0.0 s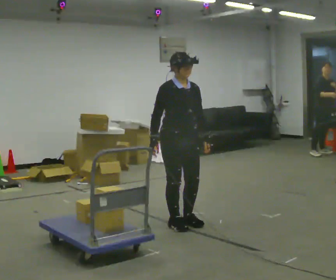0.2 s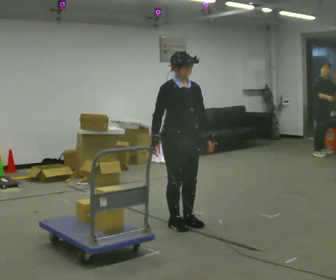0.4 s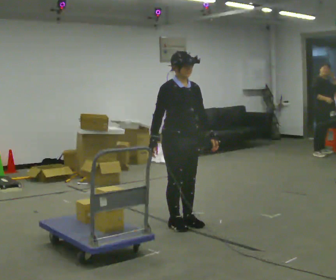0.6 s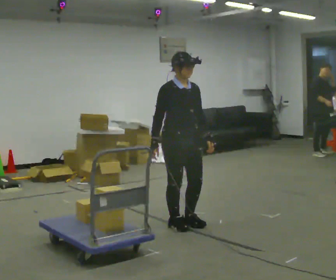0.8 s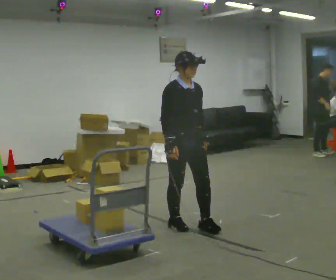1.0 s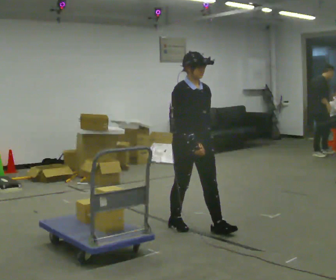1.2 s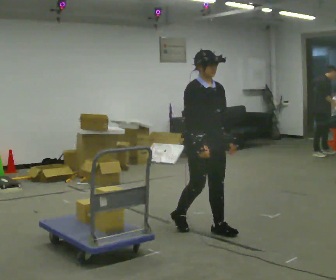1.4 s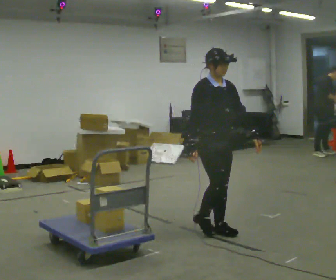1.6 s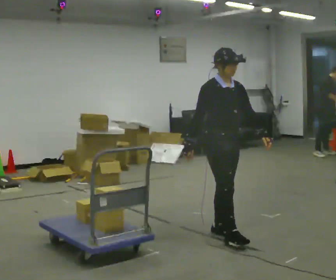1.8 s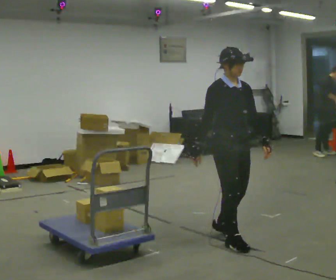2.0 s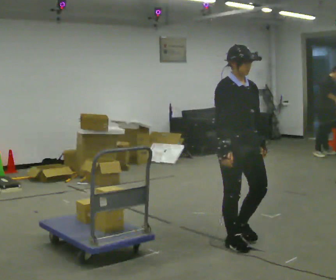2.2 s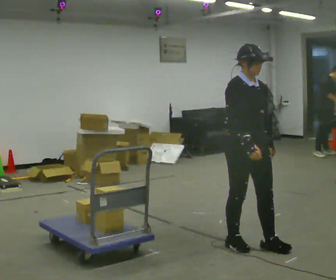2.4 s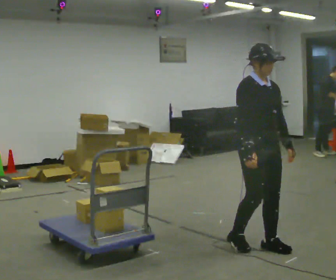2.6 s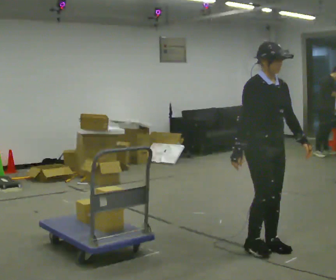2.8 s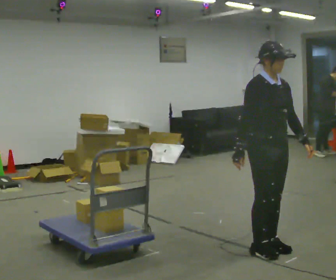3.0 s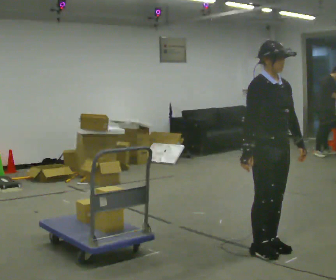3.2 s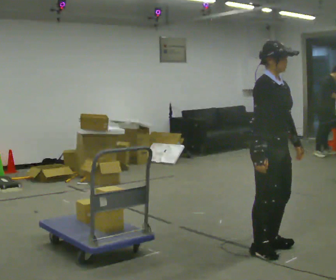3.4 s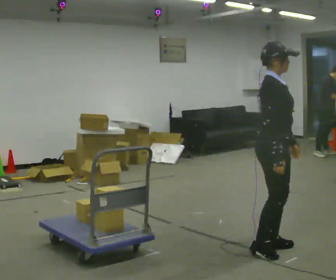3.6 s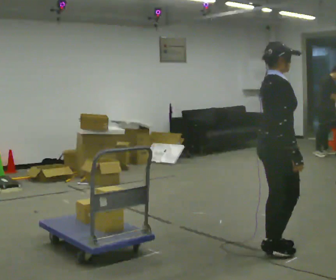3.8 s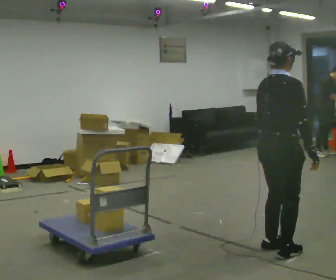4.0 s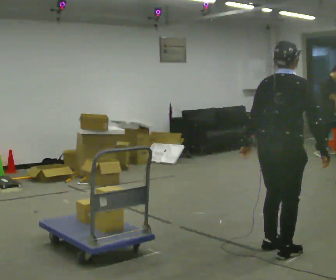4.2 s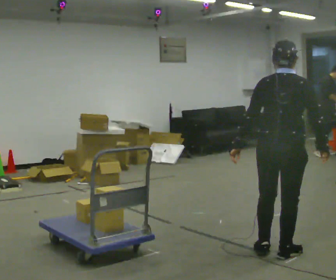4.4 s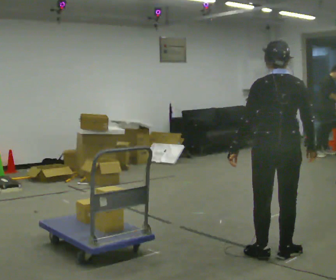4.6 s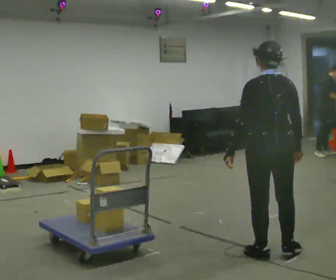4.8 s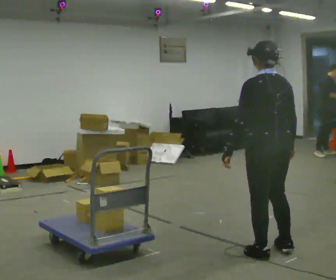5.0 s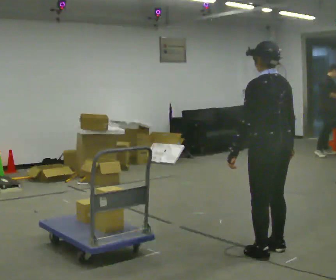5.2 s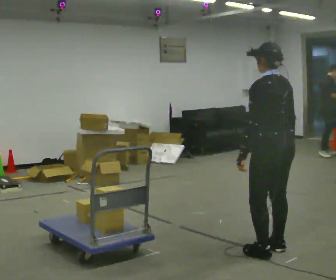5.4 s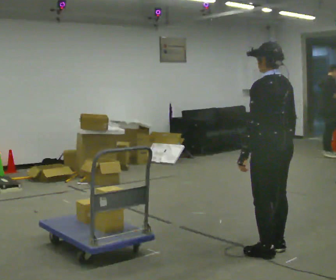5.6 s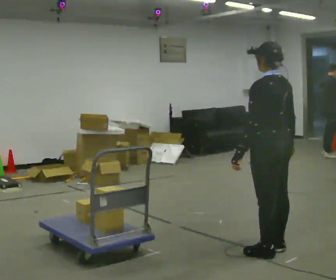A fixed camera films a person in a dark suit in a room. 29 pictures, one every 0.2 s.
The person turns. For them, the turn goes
to their left.
The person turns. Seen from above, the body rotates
counterclockwise.
0.0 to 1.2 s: In the picture they go to the right and toward the camera, about 0.25 m in 1 step, which for them is forward.
1.2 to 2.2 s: In the picture they go toward the camera and to the right, about 0.5 m in 2 steps, which for them is forward.
2.2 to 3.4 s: The part of the body nearest the lens slides to the right as the person turns to their left by about 45 degrees. In the picture they go to the right, about 0.25 m in 1 step, which for them is forward.
3.4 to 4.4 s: The part of the body nearest the lens slides to the right as the person turns to their left by about 105 degrees. In the picture their left hand goes to the left, the arm swinging clockwise.
4.4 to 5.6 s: Seen from above the body turns counterclockwise, about 45 degrees: to their left, with its near side sliding to the right.
The film runs forward here.
